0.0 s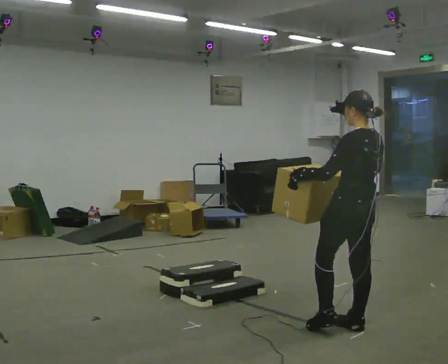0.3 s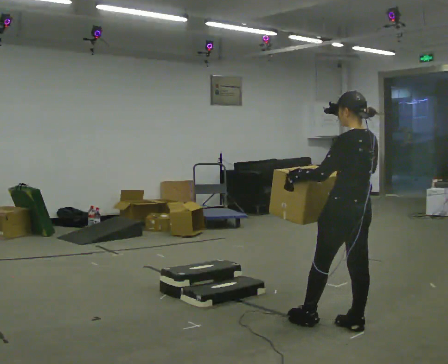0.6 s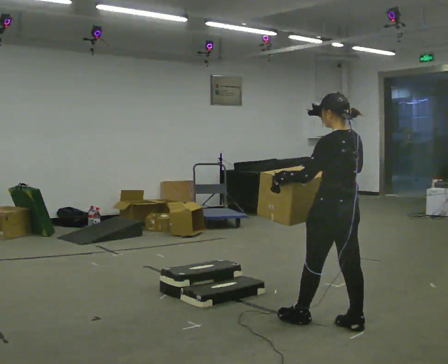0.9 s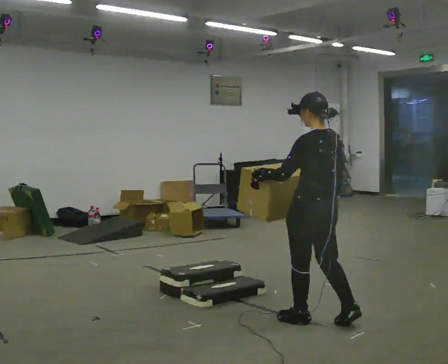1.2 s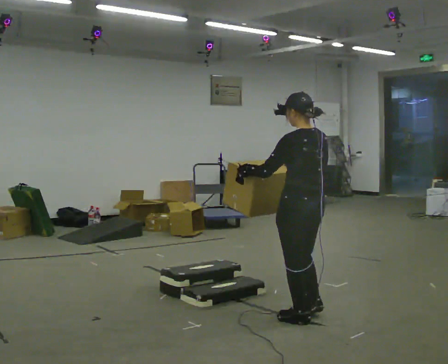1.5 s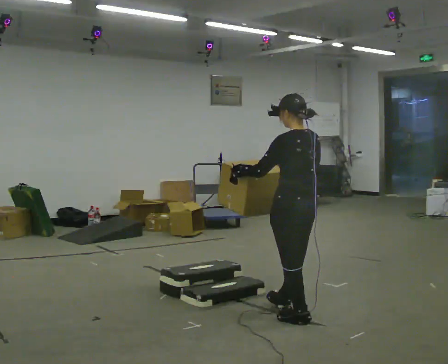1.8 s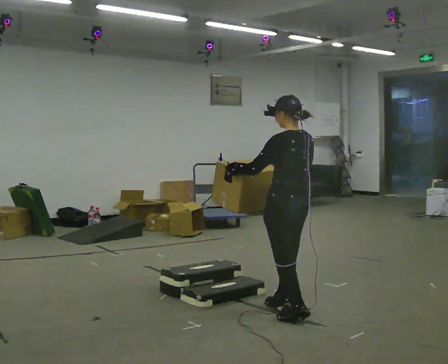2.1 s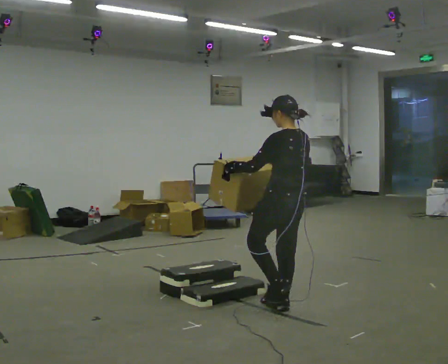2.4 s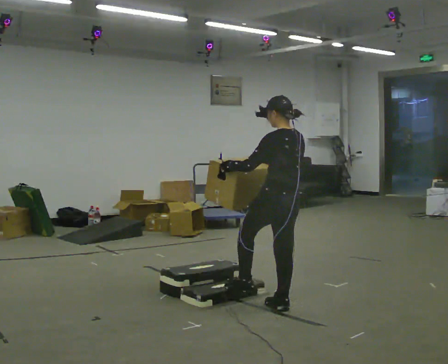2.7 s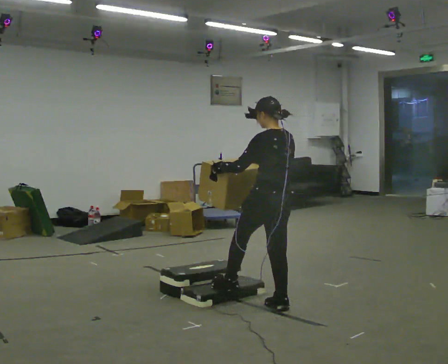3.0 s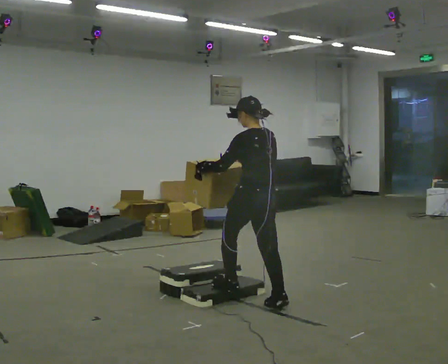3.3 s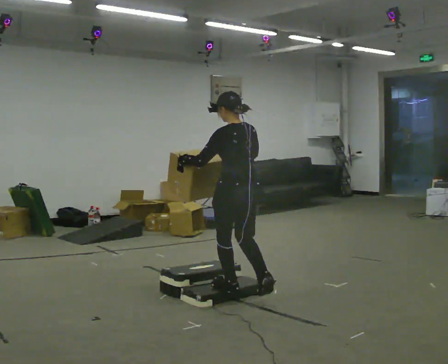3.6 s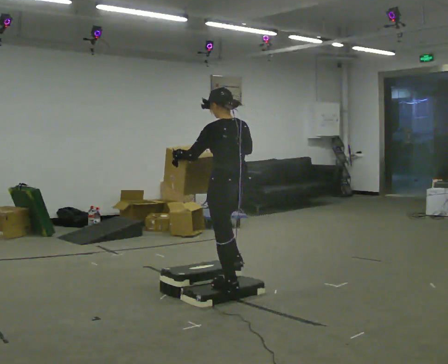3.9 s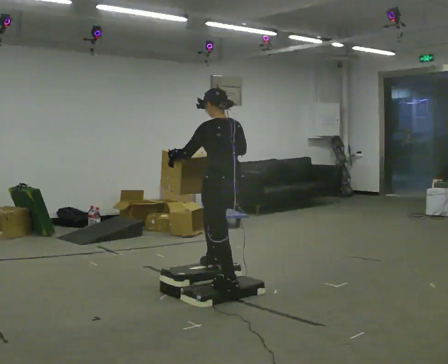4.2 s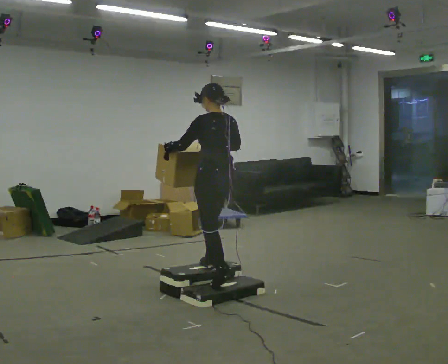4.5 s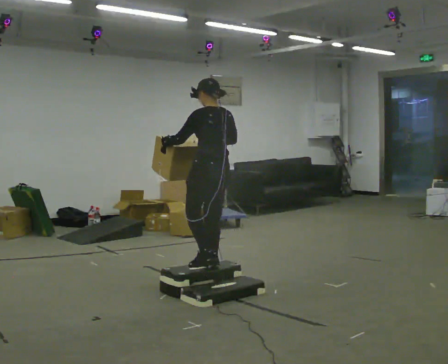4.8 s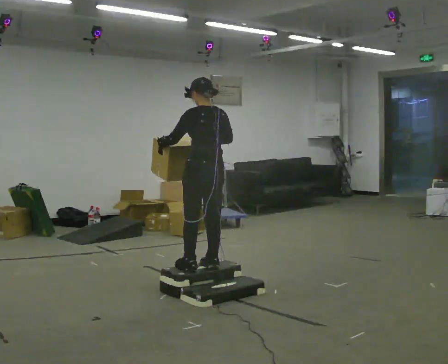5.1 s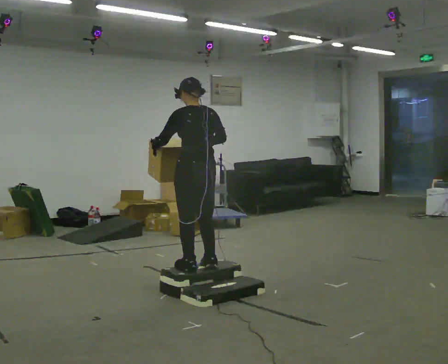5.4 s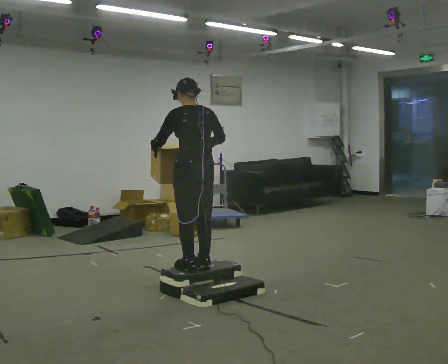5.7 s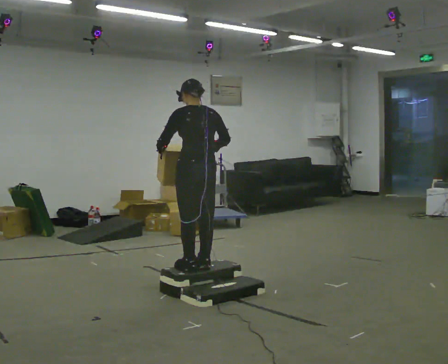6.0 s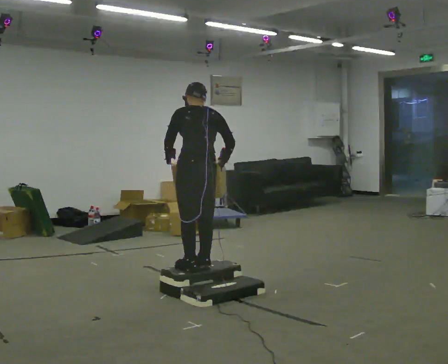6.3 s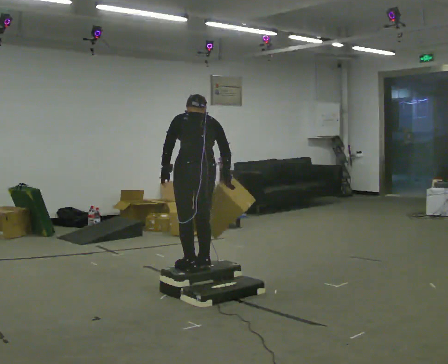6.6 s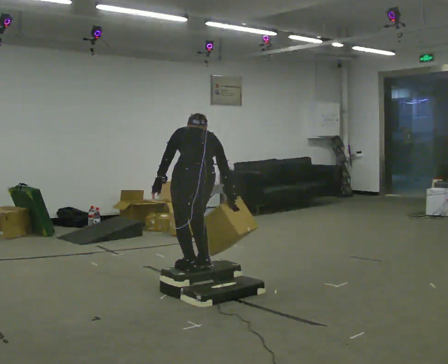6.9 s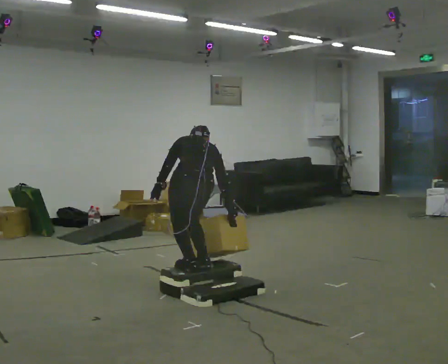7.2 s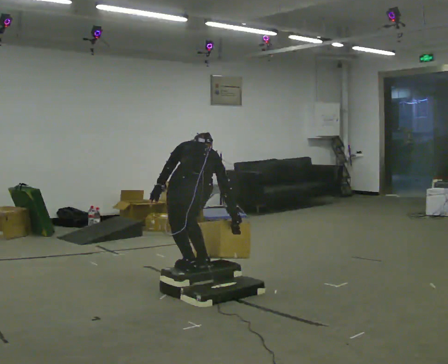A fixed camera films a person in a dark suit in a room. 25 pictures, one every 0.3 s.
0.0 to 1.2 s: In the picture they go to the left and away from the camera, about 0.25 m in 1 step, which for them is forward and to their left.
1.2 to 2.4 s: In the picture they go away from the camera, about 0.25 m in 1 step, which for them is forward.
2.4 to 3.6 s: In the picture they go to the left and away from the camera, about 0.5 m in 1 step, which for them is forward.
3.6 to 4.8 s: In the picture they go away from the camera and to the left, about 0.25 m in 2 steps, which for them is forward.
4.8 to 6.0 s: The person moves a little, or ends about where they began.
6.0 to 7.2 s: The upper body goes downward. The upper body tips away from the camera, its near side rolling upward, as they bend forward.
The film runs forward here.
